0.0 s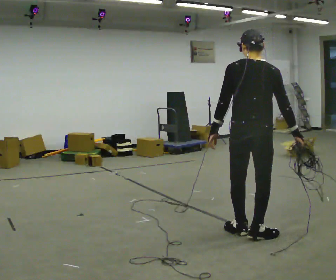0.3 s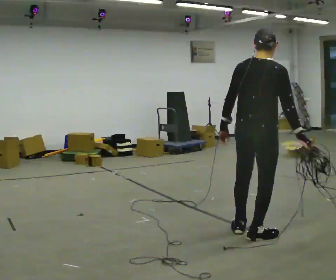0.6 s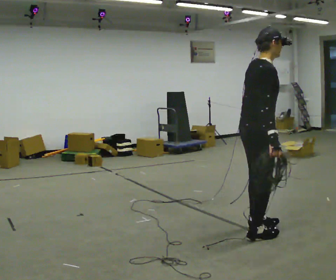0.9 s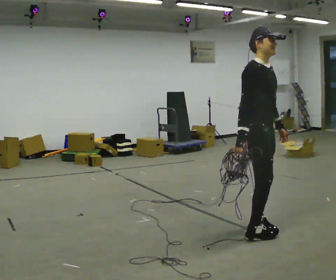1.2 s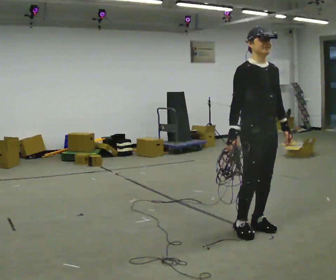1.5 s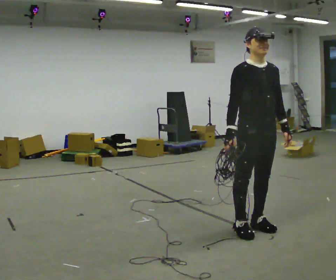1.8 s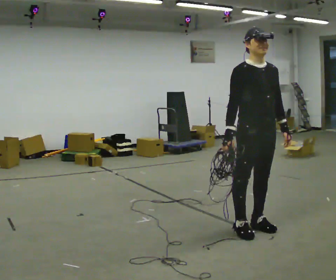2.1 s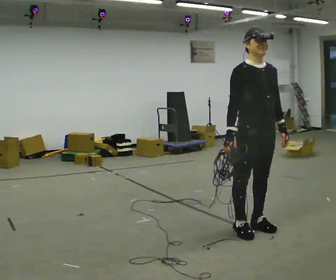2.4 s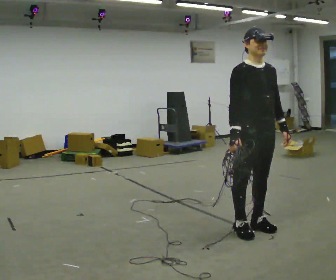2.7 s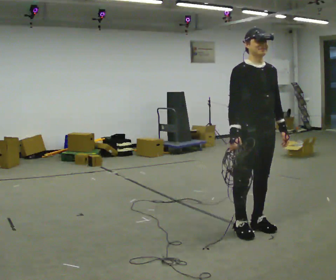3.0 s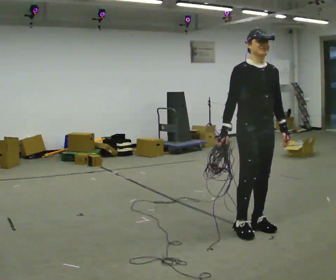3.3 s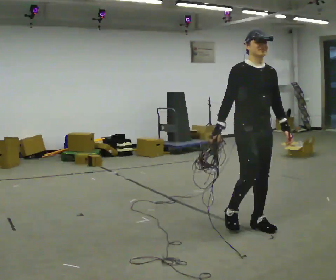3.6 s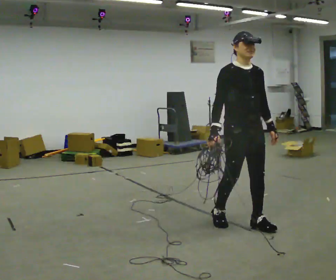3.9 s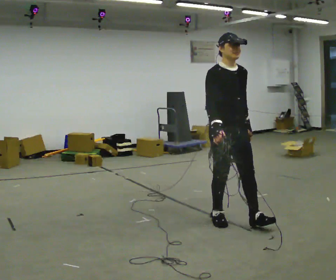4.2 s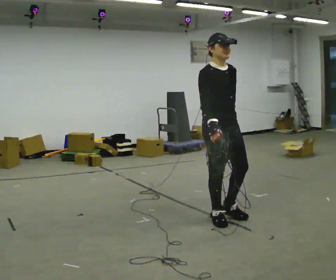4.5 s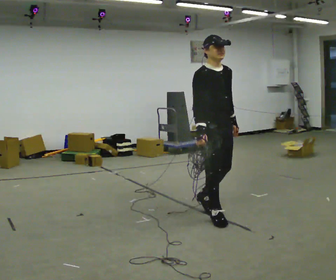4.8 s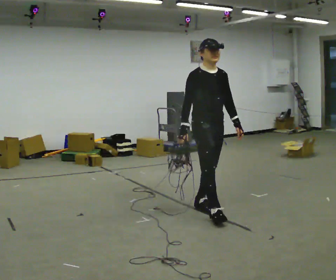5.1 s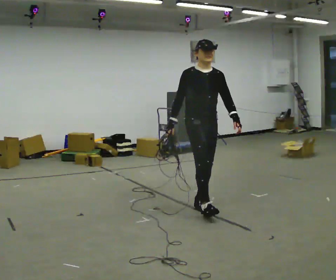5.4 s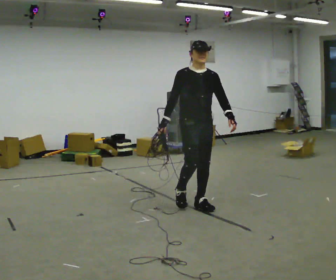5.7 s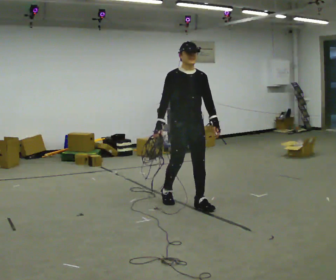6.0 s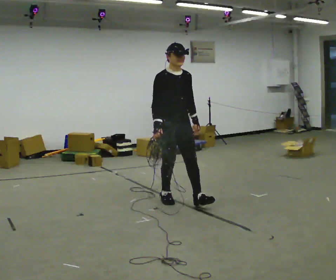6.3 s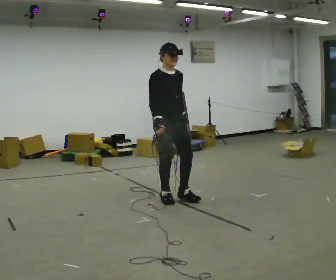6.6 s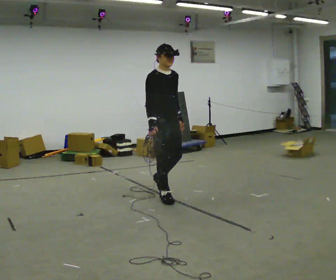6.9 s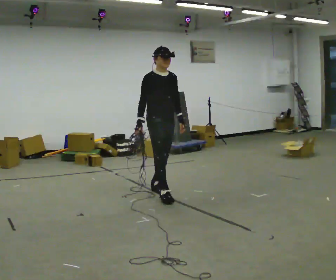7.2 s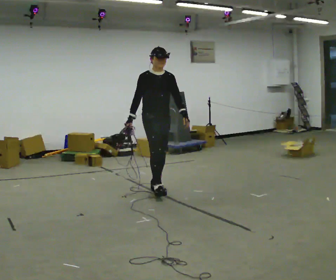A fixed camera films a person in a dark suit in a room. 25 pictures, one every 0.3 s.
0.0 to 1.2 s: The part of the body nearest the lens slides to the left as the person turns to their right by about 150 degrees. In the picture their right hand goes to the left, the arm swinging clockwise.
1.2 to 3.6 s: The person moves a little, or ends about where they began.
3.6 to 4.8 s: In the picture they go to the left and away from the camera, about 0.5 m in 1 step, which for them is backward.
4.8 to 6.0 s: In the picture they go to the left and away from the camera, about 0.5 m in 1 step, which for them is backward.
6.0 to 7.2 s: In the picture they go away from the camera and to the left, about 0.5 m in 2 steps, which for them is backward.
The film runs backward here.
